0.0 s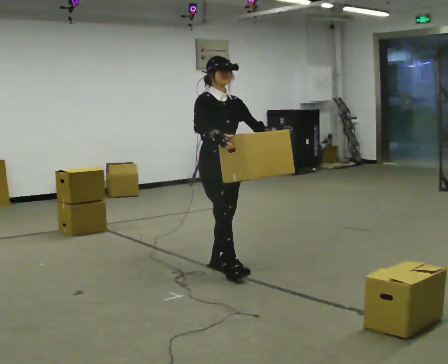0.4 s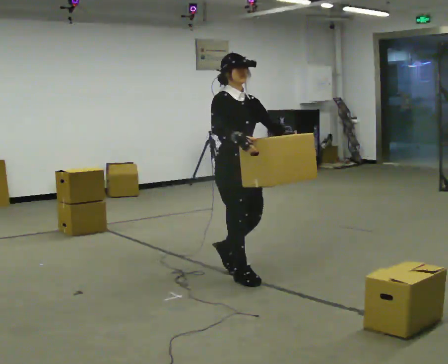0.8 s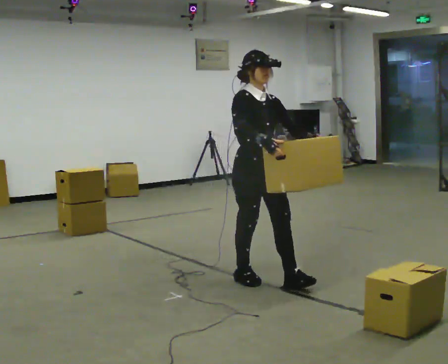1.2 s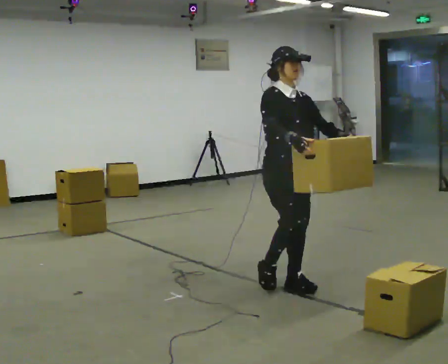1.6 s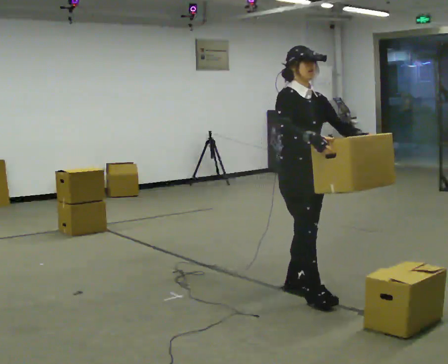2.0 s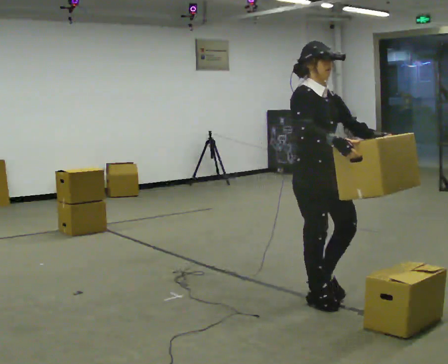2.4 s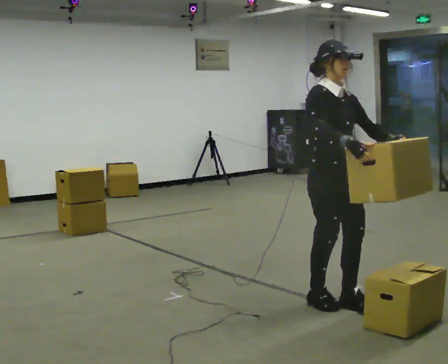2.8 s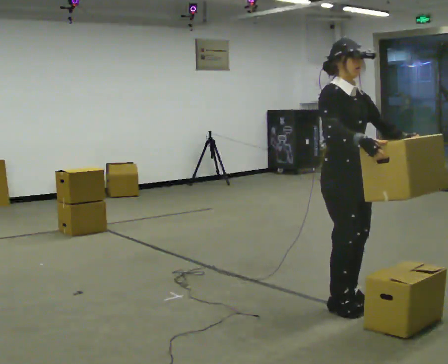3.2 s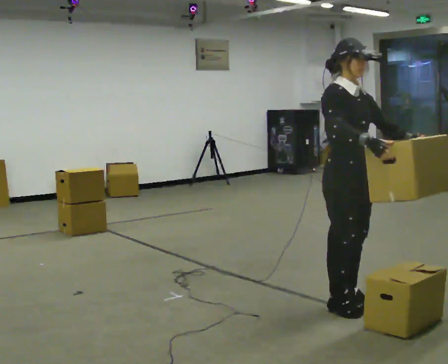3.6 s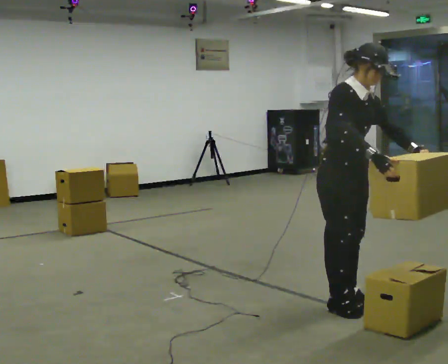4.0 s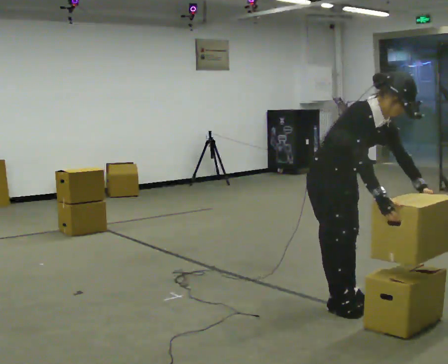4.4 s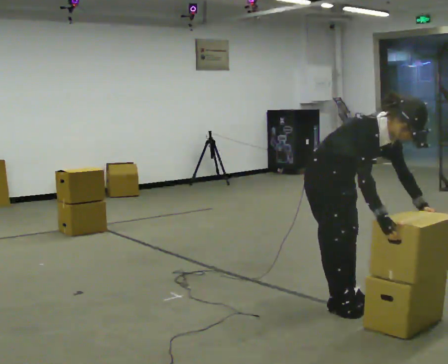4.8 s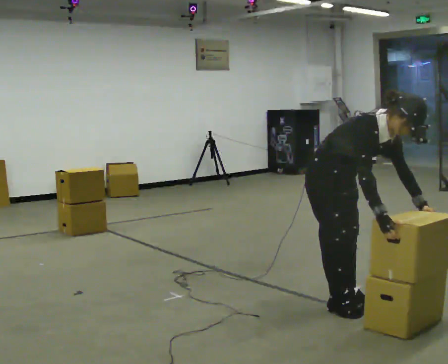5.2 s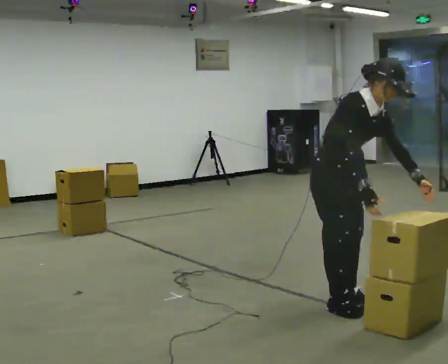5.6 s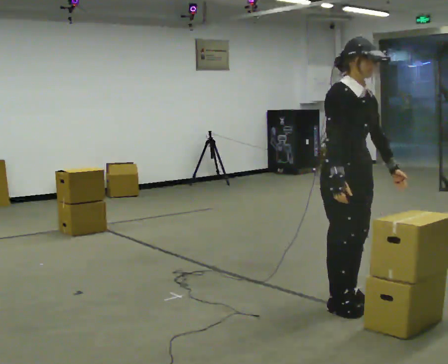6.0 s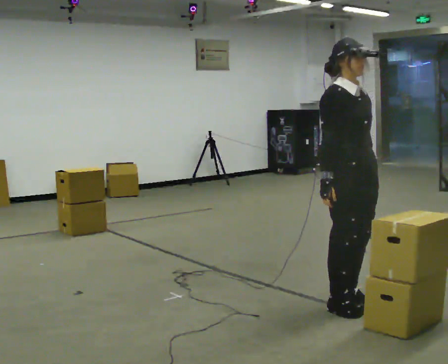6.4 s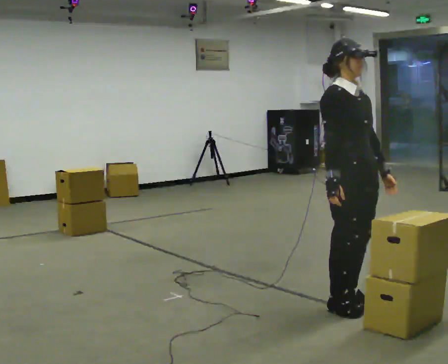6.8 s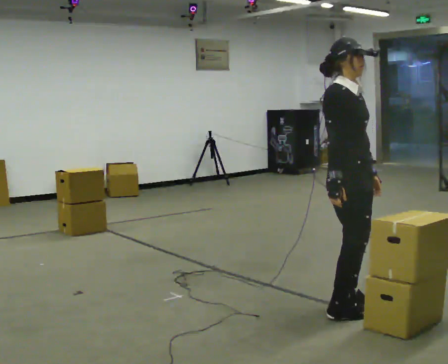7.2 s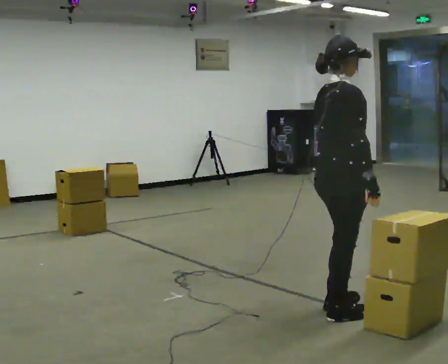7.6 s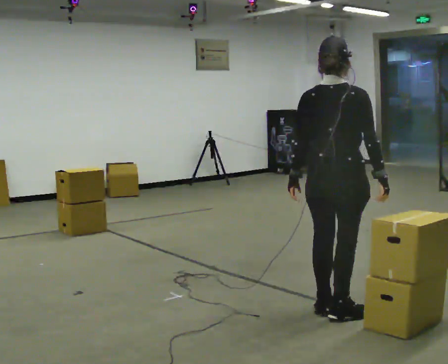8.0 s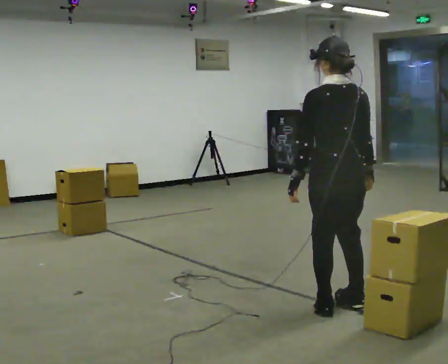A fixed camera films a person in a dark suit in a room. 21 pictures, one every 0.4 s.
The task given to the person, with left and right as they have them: Carry the stack of boxes across the room without letting it fall over, then bring it back. Keep going until the operator says stop; one object at a time, and do not rush between trips.
0.0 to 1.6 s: In the picture they go to the right and toward the camera, about 1 m in 3 steps, which for them is forward.
1.6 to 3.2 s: In the picture they go to the right and toward the camera, about 0.5 m in 2 steps, which for them is forward.
3.2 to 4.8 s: The shoulders move downward. In the picture the upper body tilts clockwise, shoulders to the right, as they bend forward. In the picture their right hand goes downward.
4.8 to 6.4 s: The shoulders move upward. In the picture the upper body tilts counterclockwise, shoulders to the left, as they lean back or straighten.
6.4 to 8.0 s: The part of the body nearest the lens slides to the right as the person turns to their left by about 150 degrees.
The film runs forward here.
